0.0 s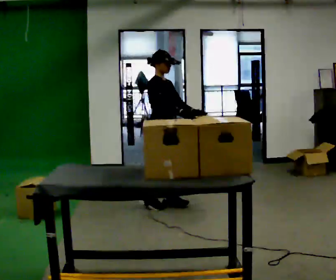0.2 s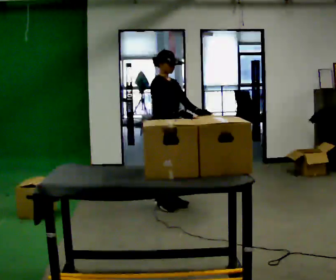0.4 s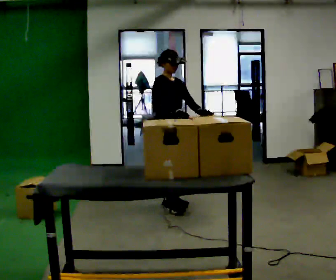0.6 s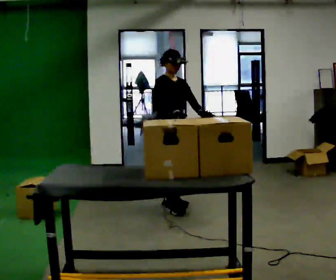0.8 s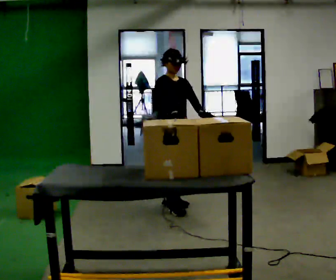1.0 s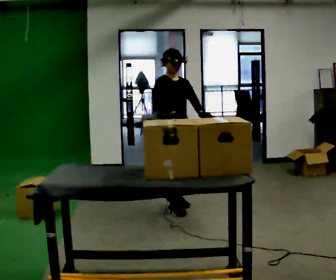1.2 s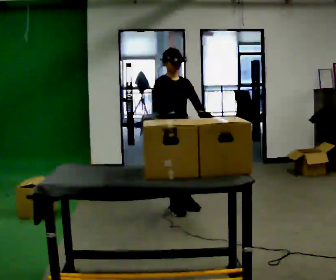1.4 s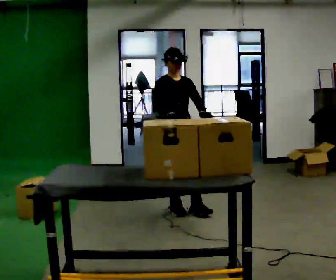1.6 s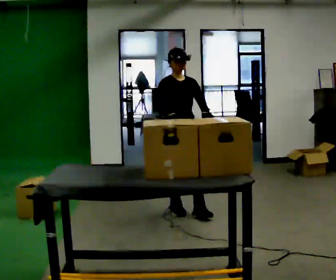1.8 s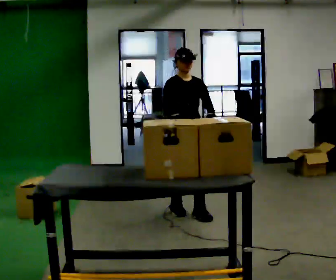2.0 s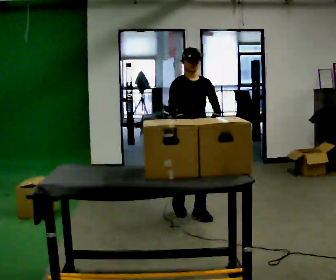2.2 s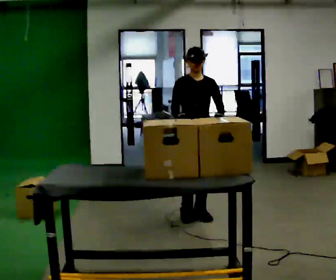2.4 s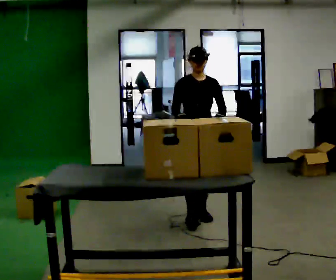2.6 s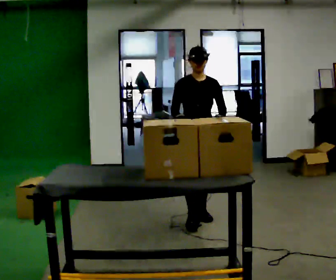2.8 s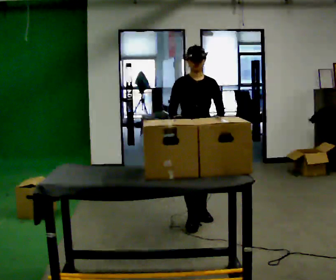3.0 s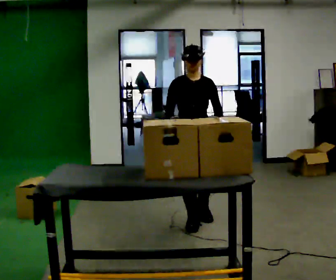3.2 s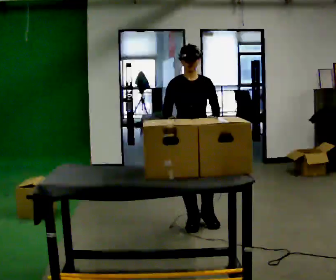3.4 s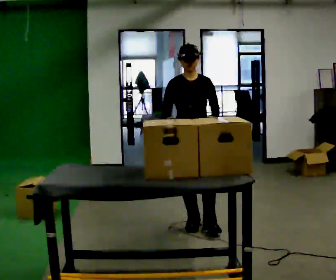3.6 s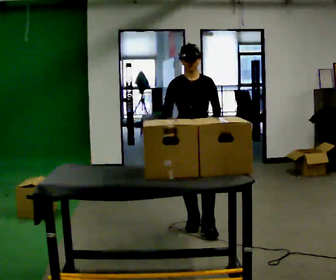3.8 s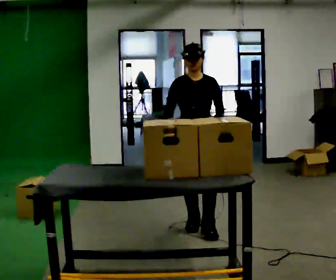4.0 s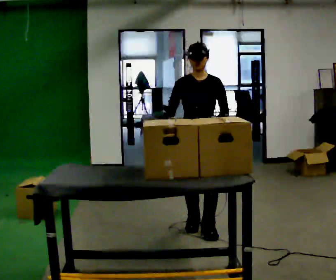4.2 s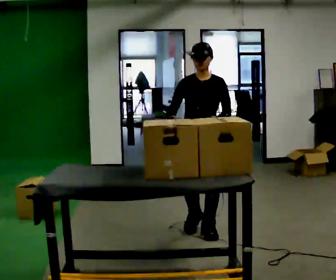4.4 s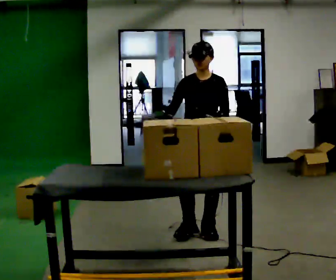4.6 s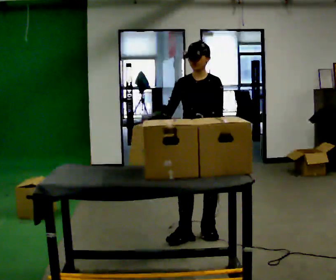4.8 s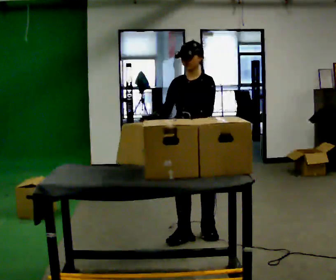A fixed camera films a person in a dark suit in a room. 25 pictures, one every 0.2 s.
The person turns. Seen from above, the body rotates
clockwise.
The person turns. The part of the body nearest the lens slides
to the left.
0.0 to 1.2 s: The part of the body nearest the lens slides to the left as the person turns to their right by about 30 degrees. In the picture they go toward the camera, about 0.25 m in 1 step, which for them is forward.
1.2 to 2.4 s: In the picture they go to the right and toward the camera, about 0.25 m in 1 step, which for them is forward and to their left.
2.4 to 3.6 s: In the picture they go toward the camera, about 0.25 m in 2 steps, which for them is forward.
3.6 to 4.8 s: In the picture they go toward the camera, about 0.25 m in 1 step, which for them is forward.
The film runs forward here.
